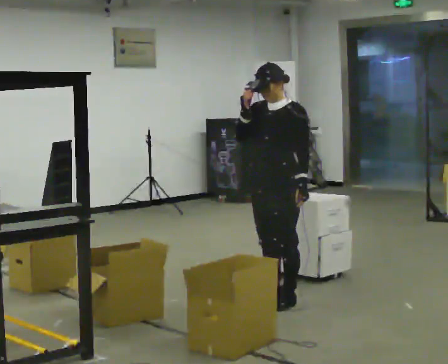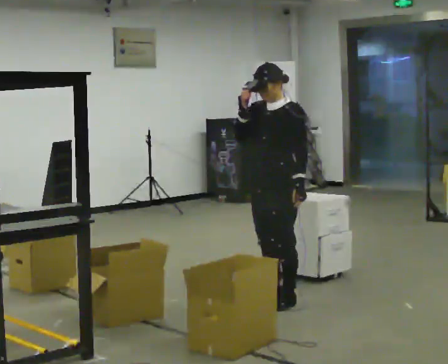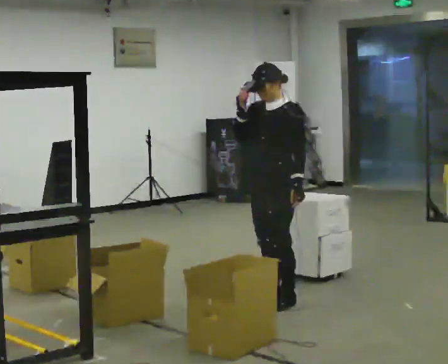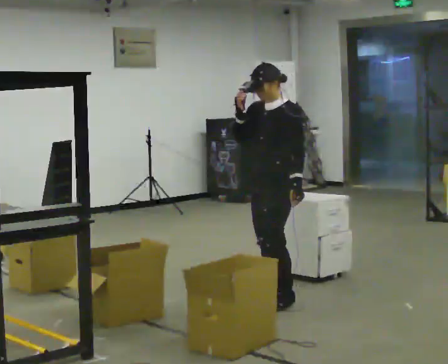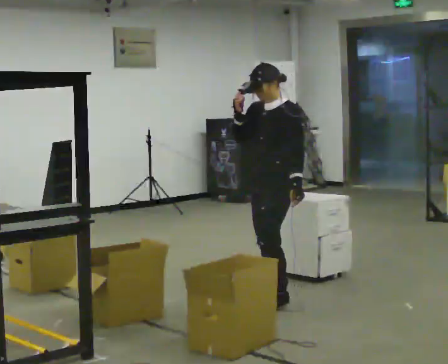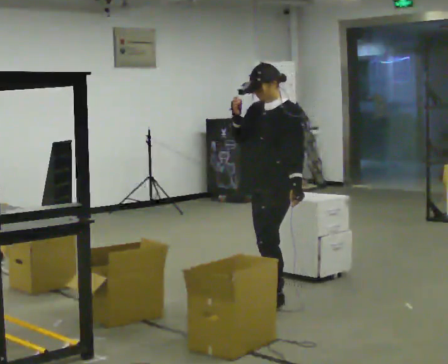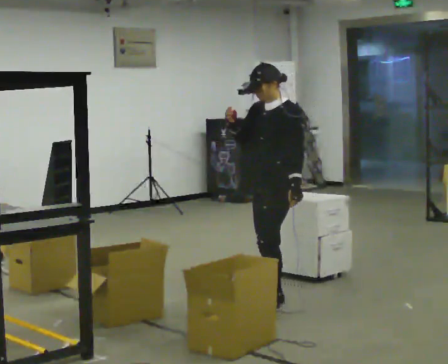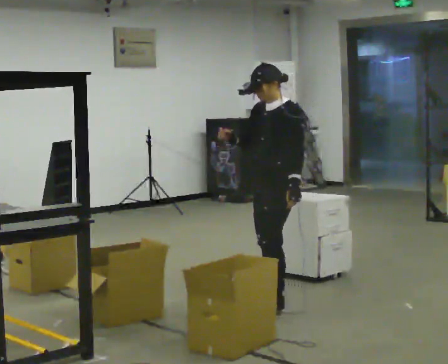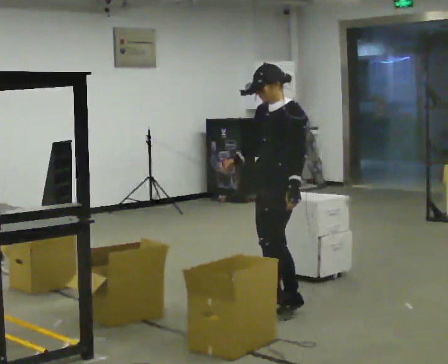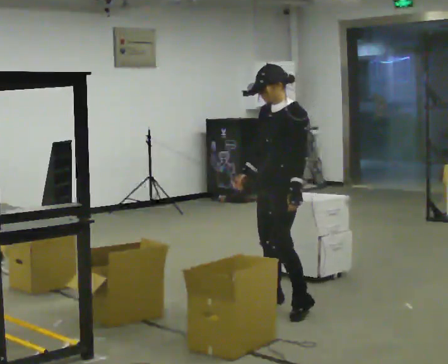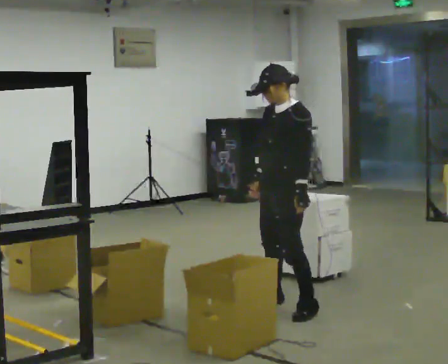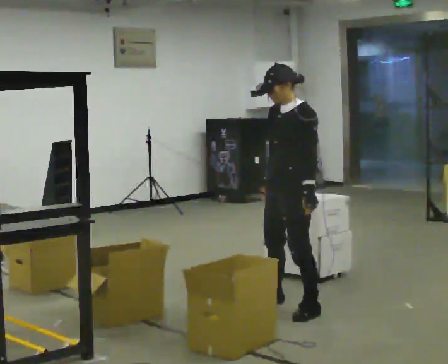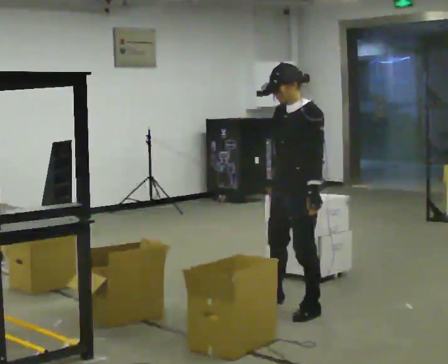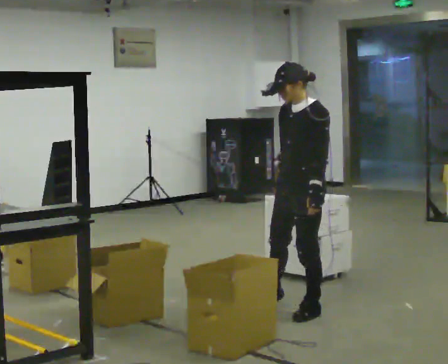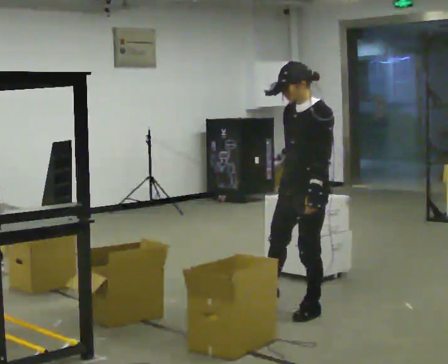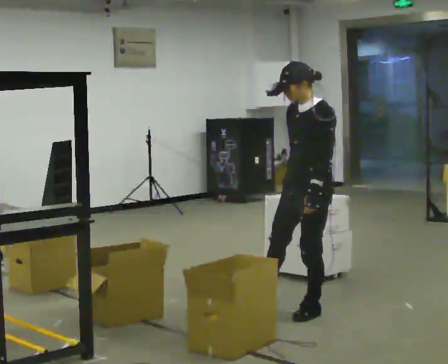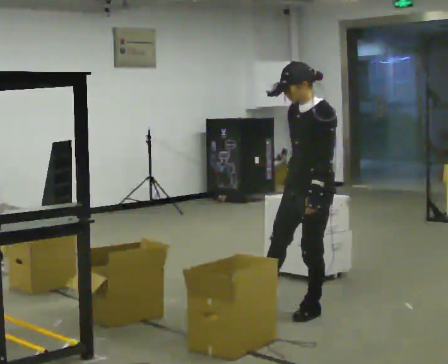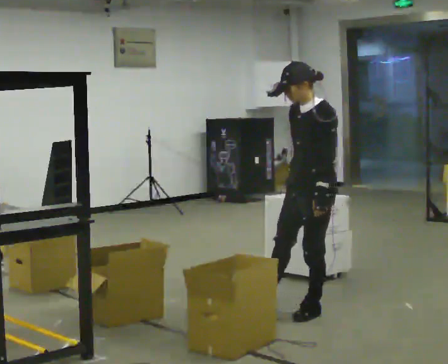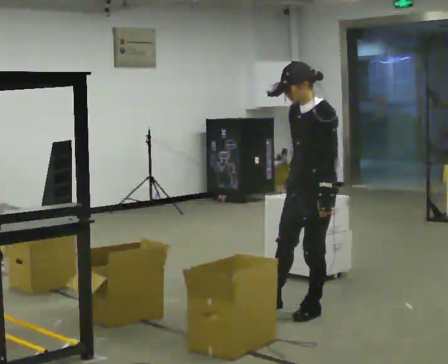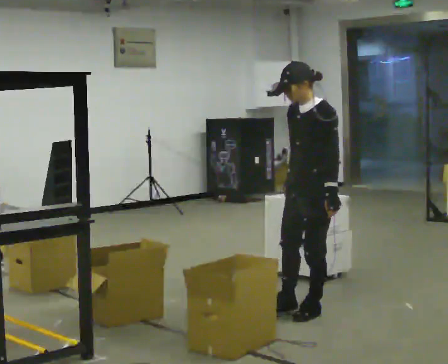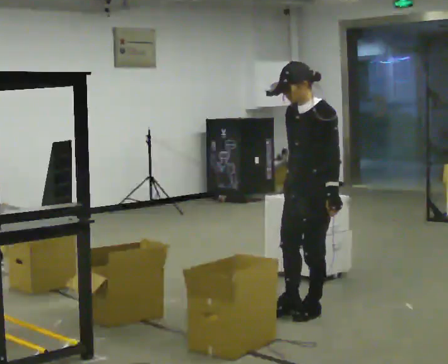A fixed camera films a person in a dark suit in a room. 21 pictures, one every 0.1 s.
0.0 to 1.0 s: In the picture their right hand goes downward.
1.0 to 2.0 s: In the picture they go toward the camera and to the right, about 0.25 m in 1 step, which for them is to their left.
The film runs backward here.
